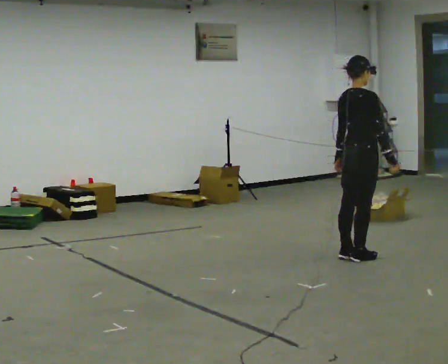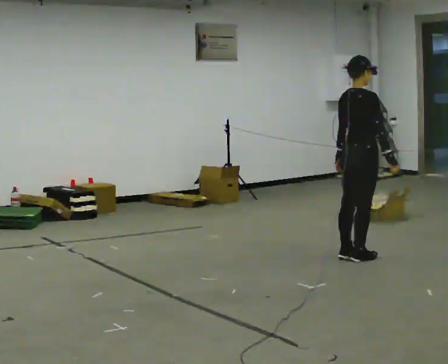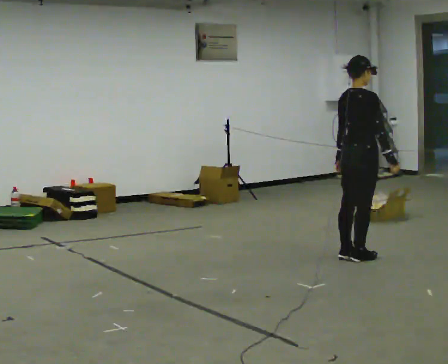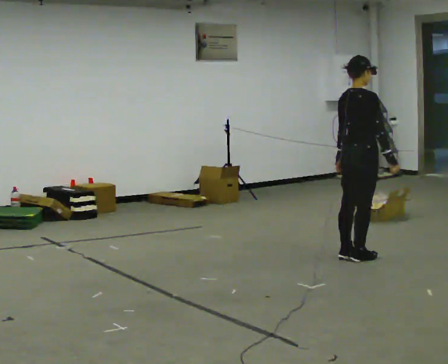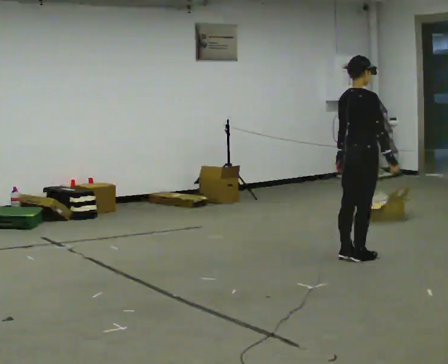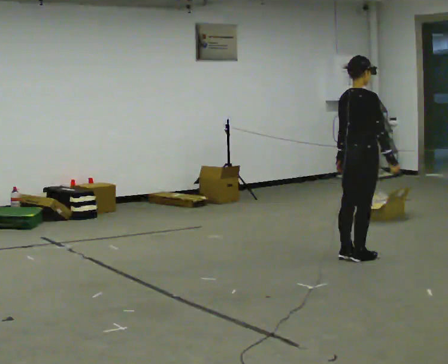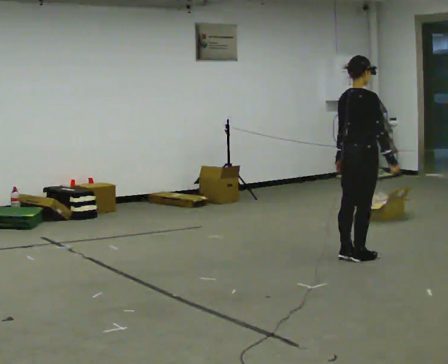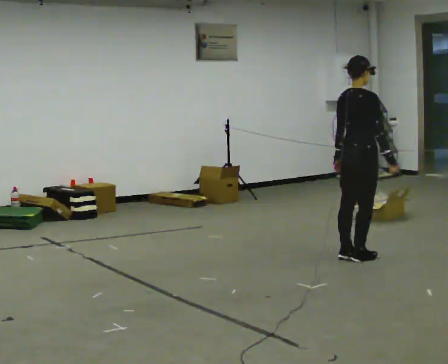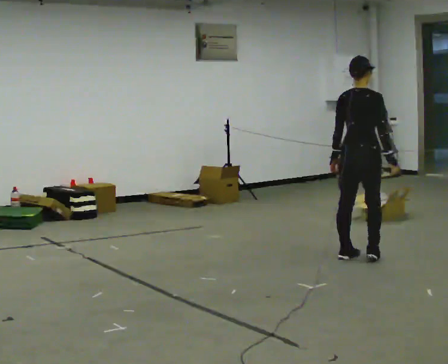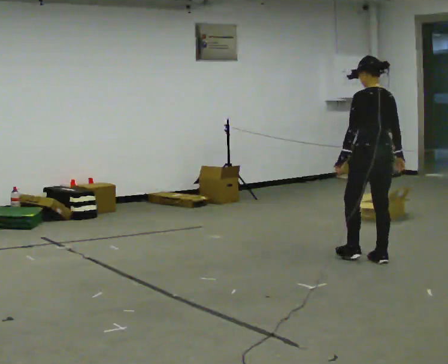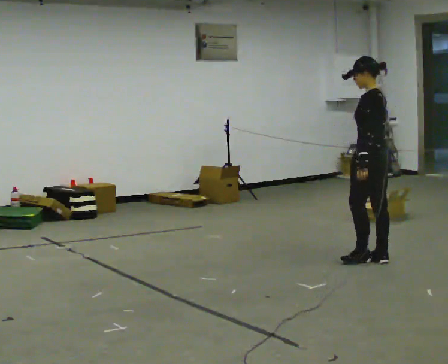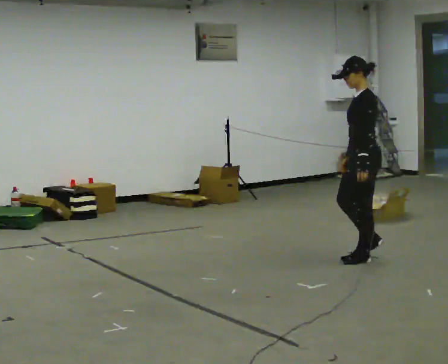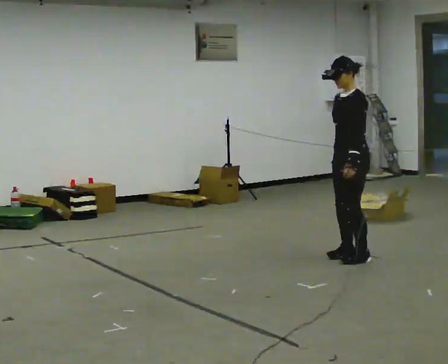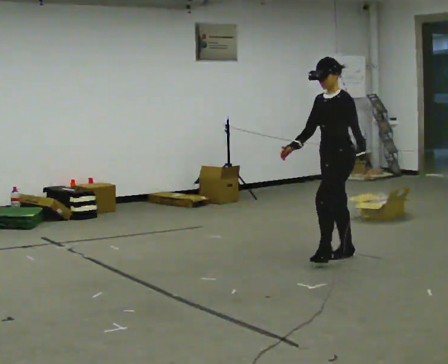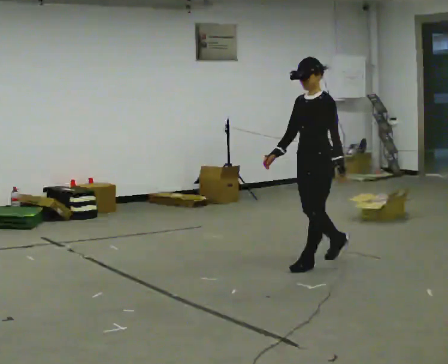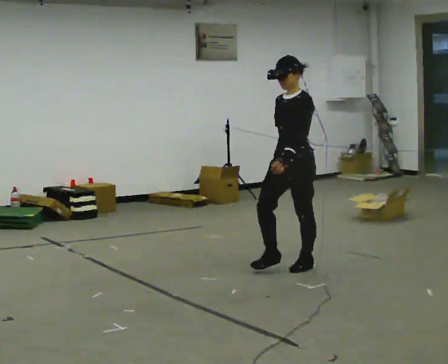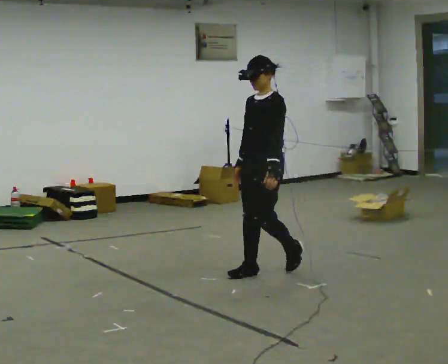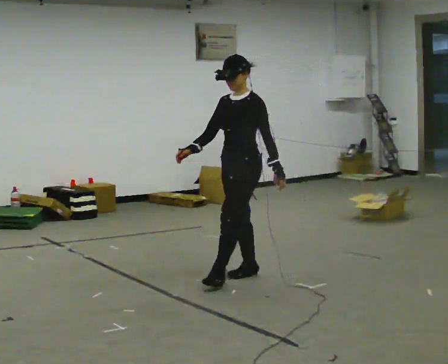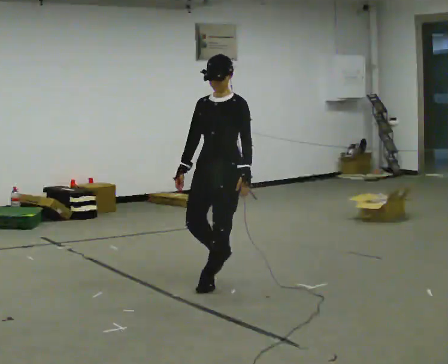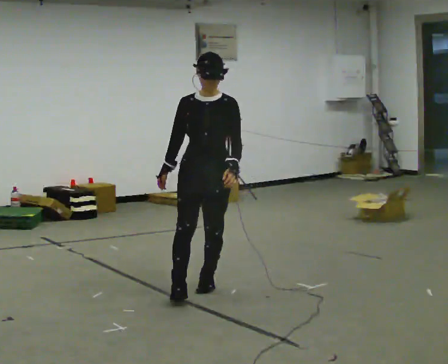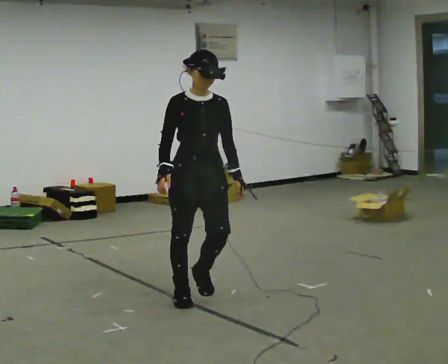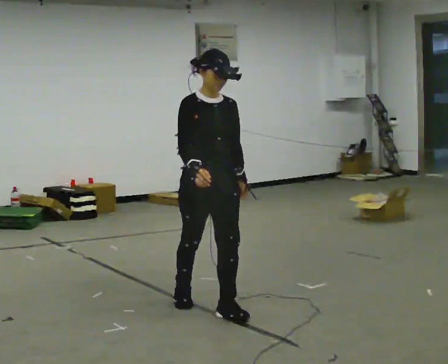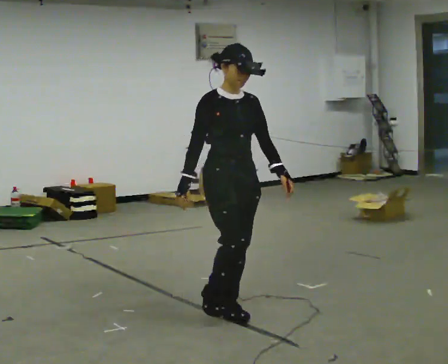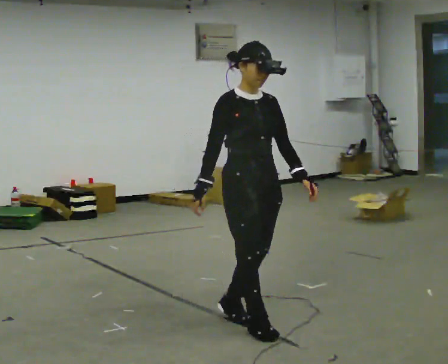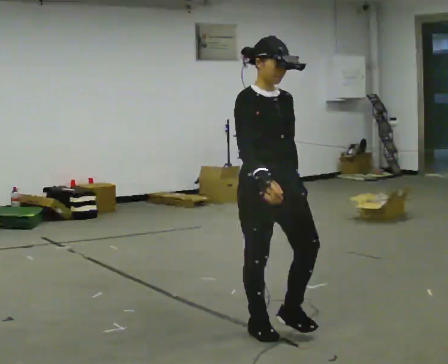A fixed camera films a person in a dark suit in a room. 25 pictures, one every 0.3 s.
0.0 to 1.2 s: The person keeps their place and pose.
1.2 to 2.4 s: The part of the body nearest the lens slides to the right as the person turns to their left by about 30 degrees.
2.4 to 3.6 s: The part of the body nearest the lens slides to the right as the person turns to their left by about 120 degrees.
3.6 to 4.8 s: In the picture they go to the left and toward the camera, about 1 m in 2 steps, which for them is forward.
4.8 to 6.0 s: Seen from above the body turns counterclockwise, about 75 degrees: to their left, with its near side sliding to the right. In the picture they go toward the camera and to the left, about 1 m in 2 steps.
6.0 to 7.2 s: In the picture they go toward the camera and to the right, about 1 m in 2 steps, which for them is forward.
The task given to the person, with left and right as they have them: Walk; turn 90° left/right; walk several steps; stop.
The film runs forward here.
